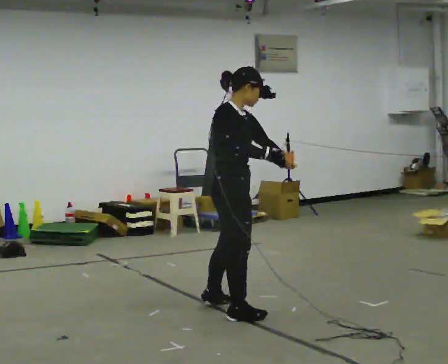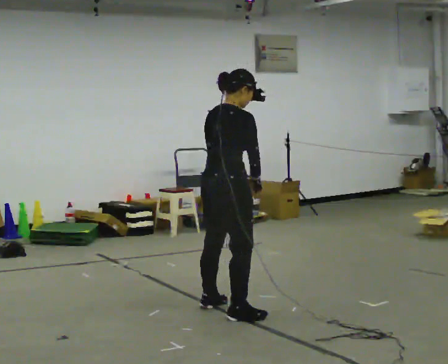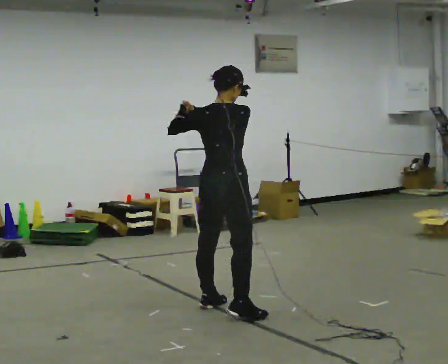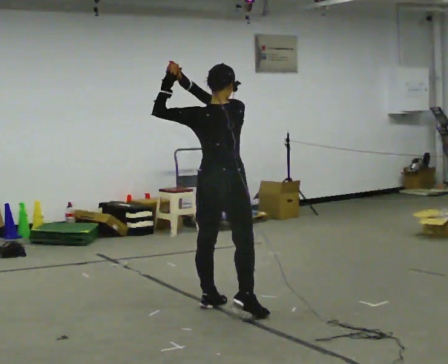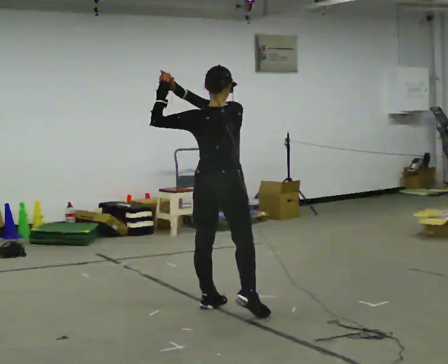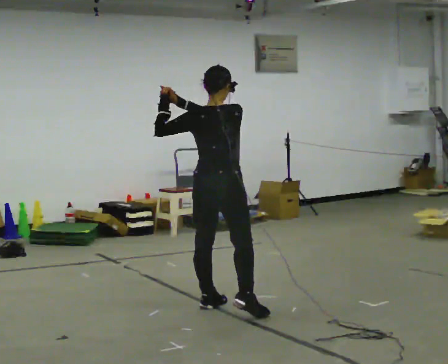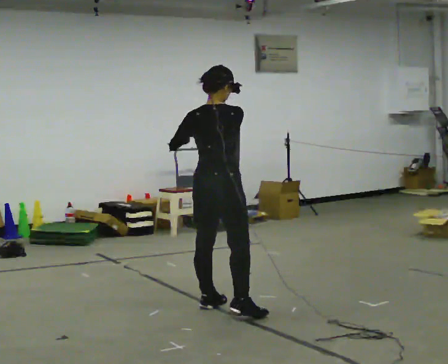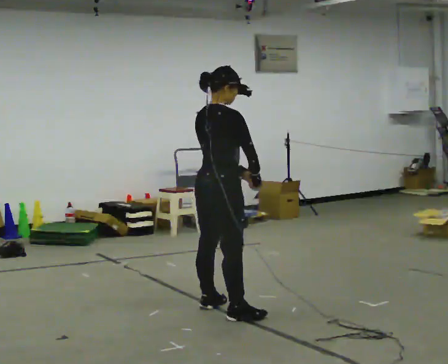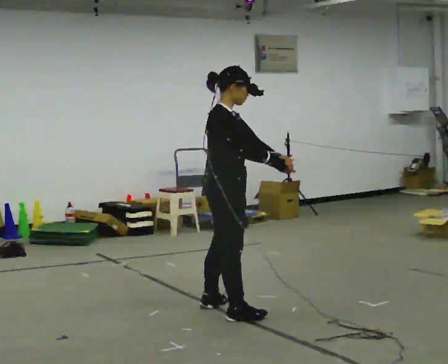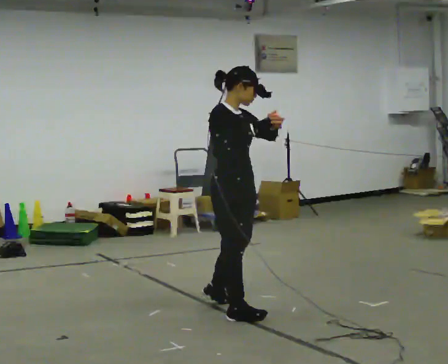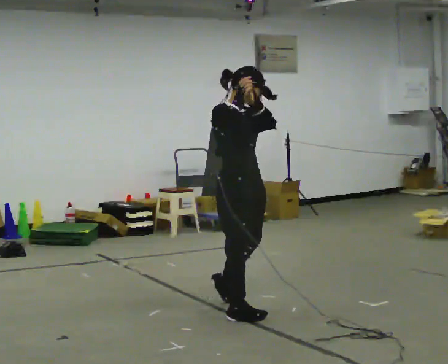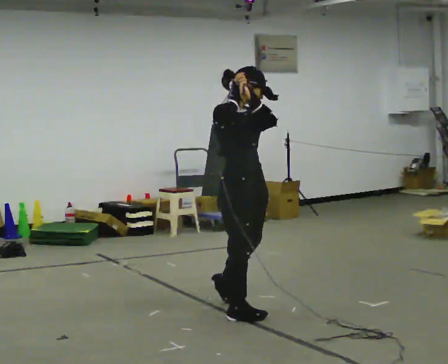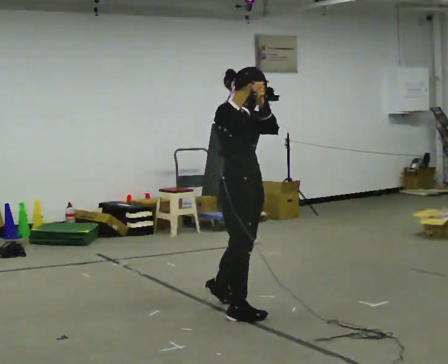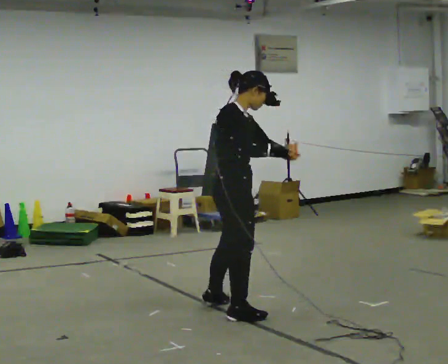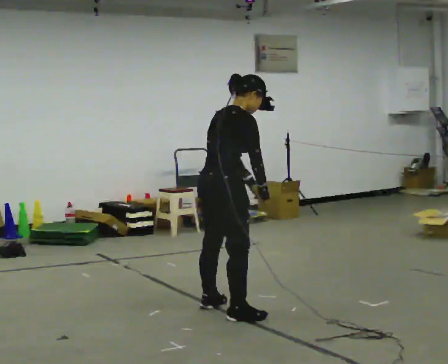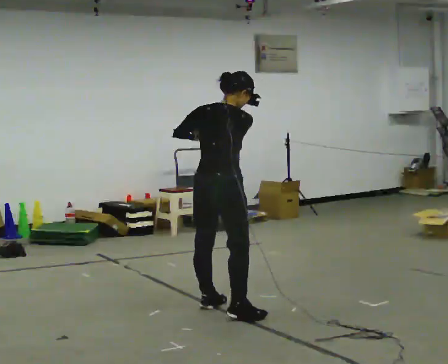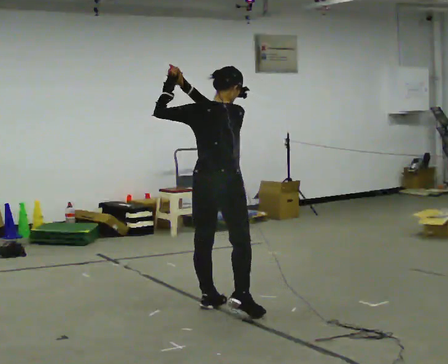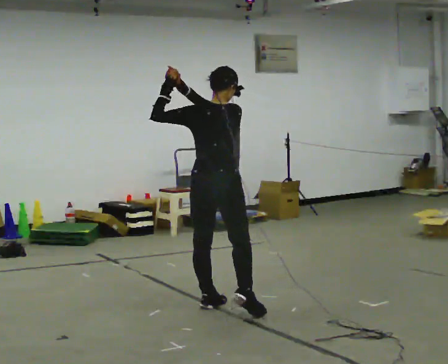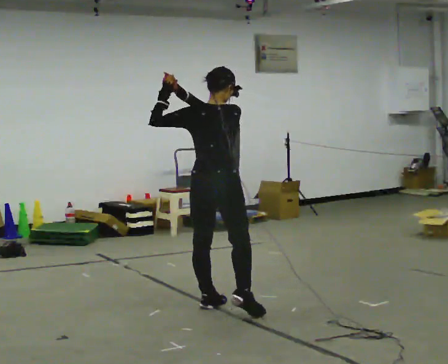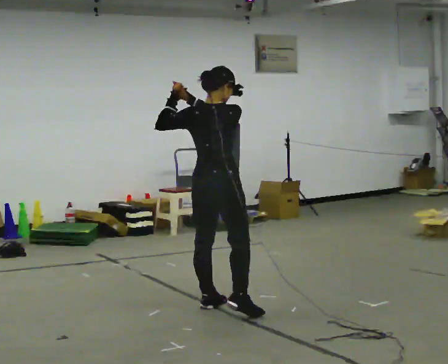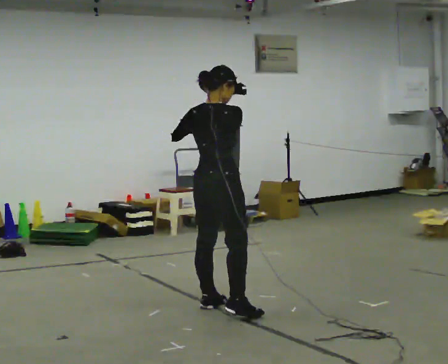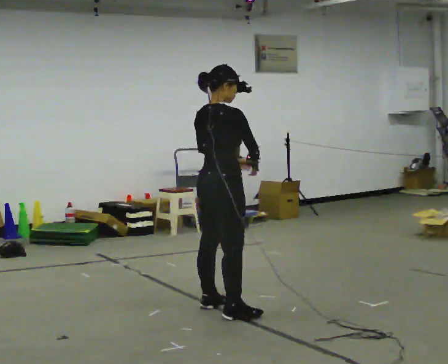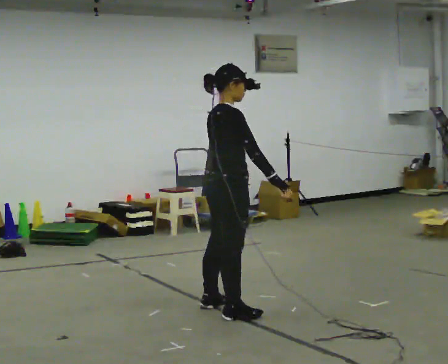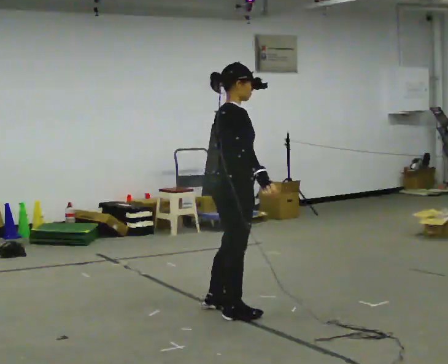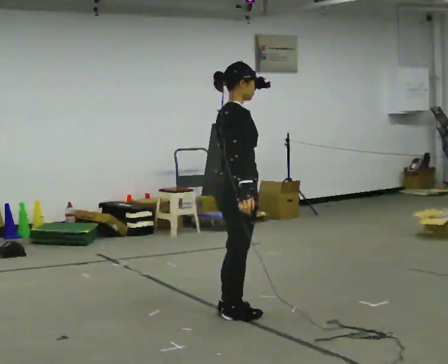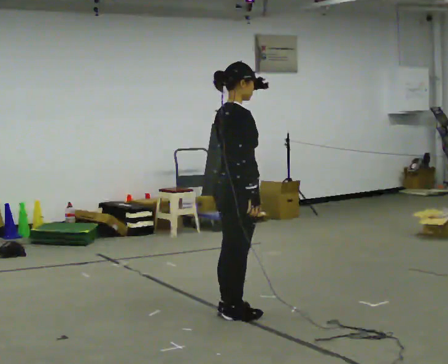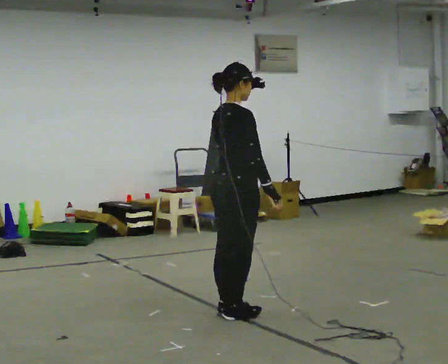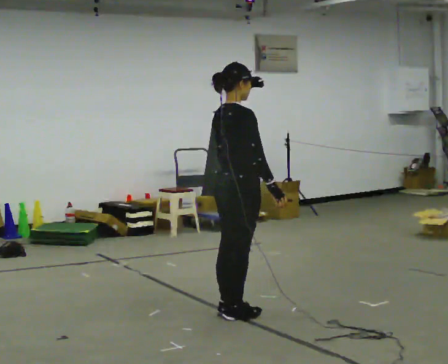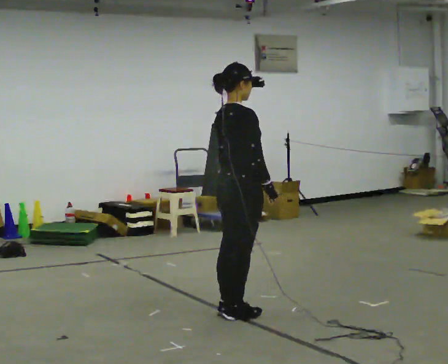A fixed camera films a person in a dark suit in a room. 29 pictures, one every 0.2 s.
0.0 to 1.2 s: The person turns about 60 degrees to their left, counterclockwise seen from above, so the part of the body nearest the lens slides to the right. In the picture their right hand goes to the left.
1.2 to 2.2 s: Seen from above the body turns clockwise, about 90 degrees: to their right, with its near side sliding to the left. In the picture they go toward the camera and to the right, about 0.25 m. In the picture their left hand goes to the right and upward.
2.2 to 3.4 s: Seen from above the body turns counterclockwise, about 105 degrees: to their left, with its near side sliding to the right. In the picture they go away from the camera and to the left, about 0.25 m.
3.4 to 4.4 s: Seen from above the body turns clockwise, about 60 degrees: to their right, with its near side sliding to the left. In the picture they go toward the camera, about 0.25 m. In the picture their right hand goes to the right and downward.
4.4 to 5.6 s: The person moves a little, or ends about where they began.
The film runs forward here.
